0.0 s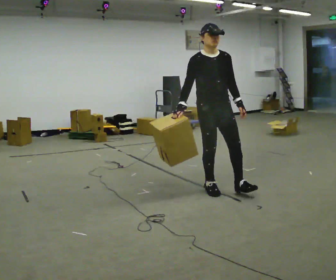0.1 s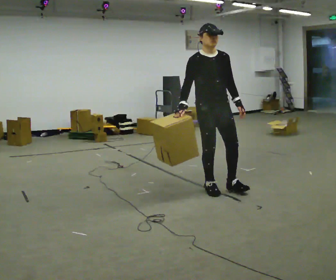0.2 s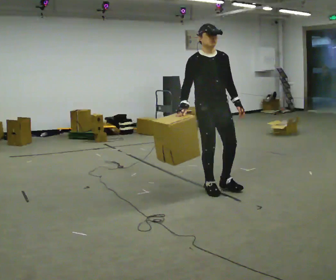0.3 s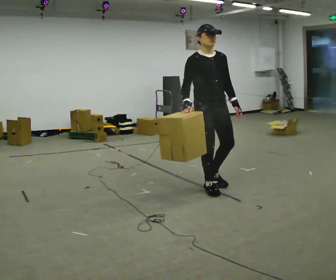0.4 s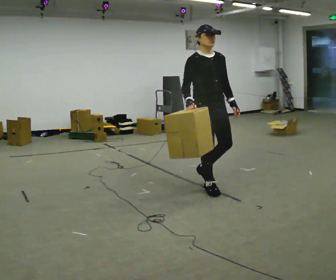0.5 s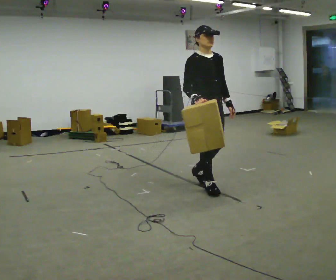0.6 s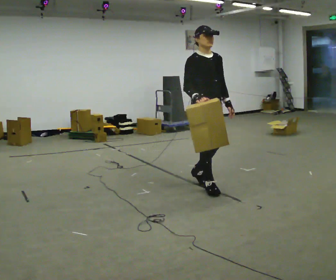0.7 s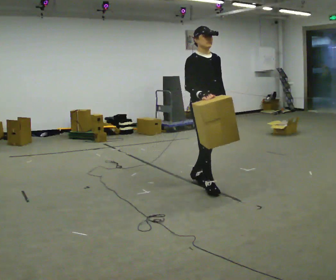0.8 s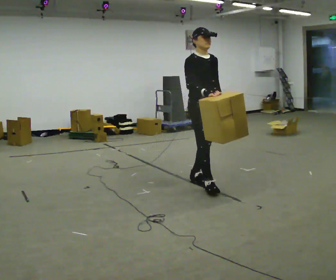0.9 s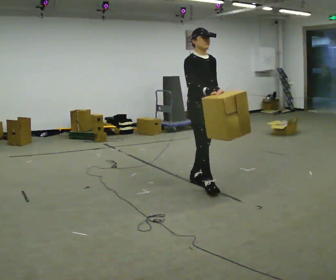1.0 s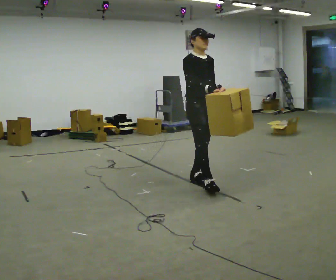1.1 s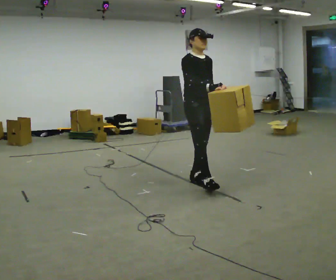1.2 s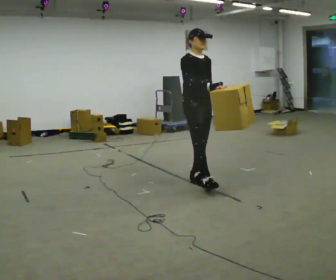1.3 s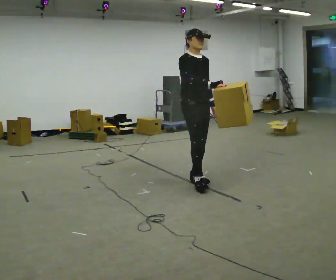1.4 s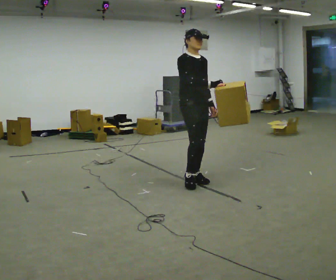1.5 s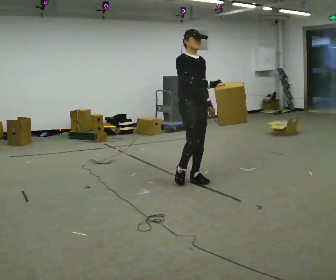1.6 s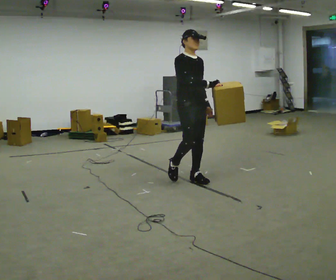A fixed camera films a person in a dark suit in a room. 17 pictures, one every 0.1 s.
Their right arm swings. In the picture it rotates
counterclockwise.
0.0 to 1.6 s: In the picture they go away from the camera and to the left, about 0.5 m in 1 step, which for them is backward.
The film runs backward here.
